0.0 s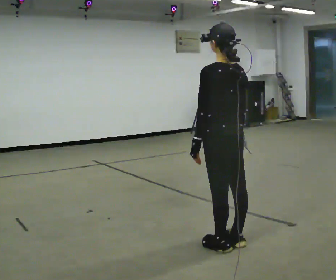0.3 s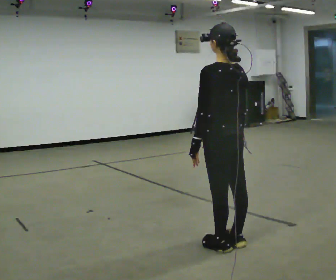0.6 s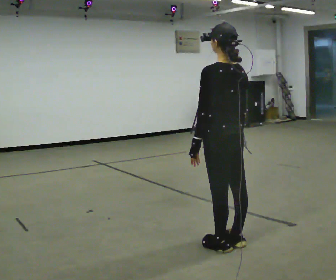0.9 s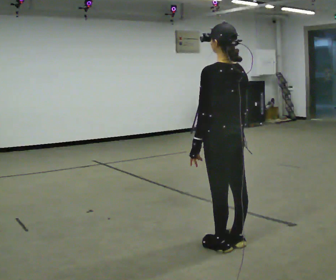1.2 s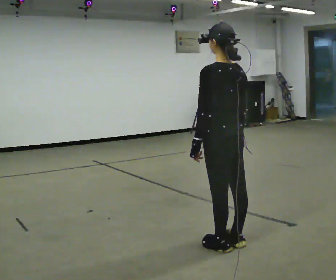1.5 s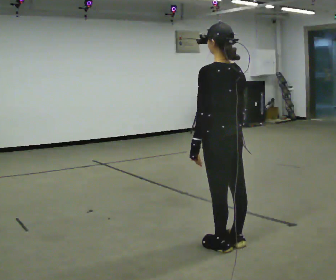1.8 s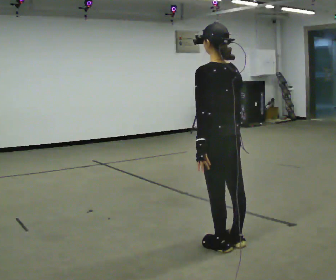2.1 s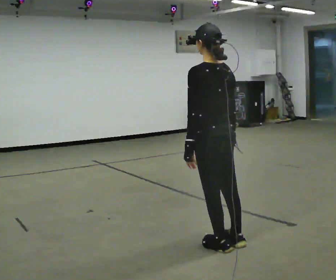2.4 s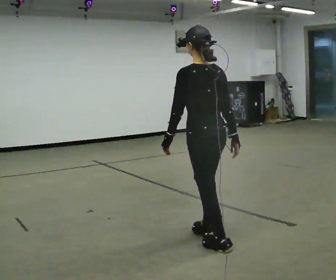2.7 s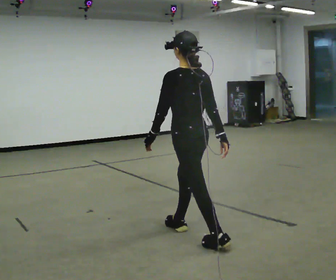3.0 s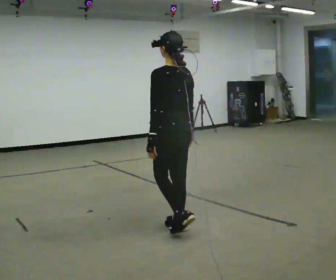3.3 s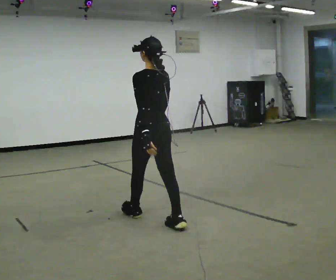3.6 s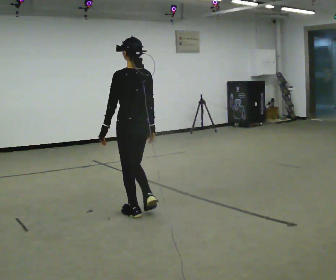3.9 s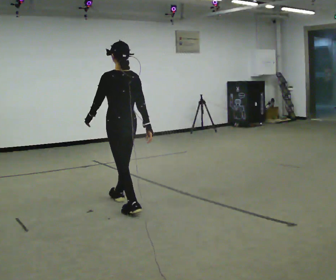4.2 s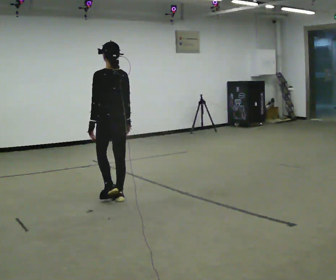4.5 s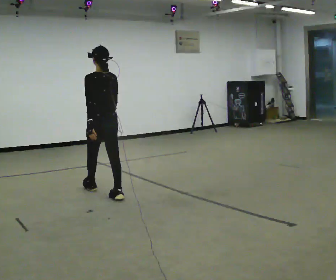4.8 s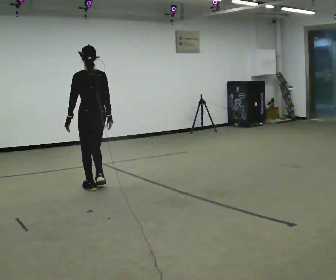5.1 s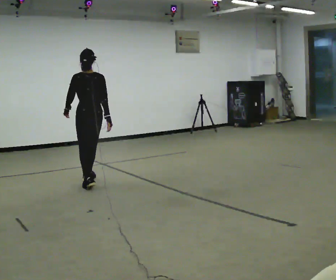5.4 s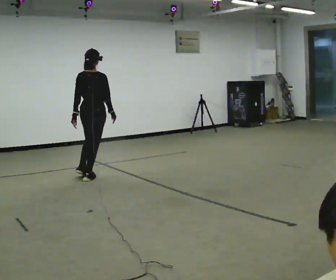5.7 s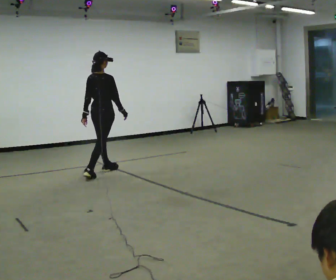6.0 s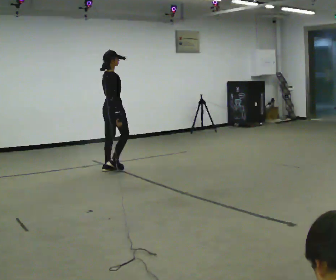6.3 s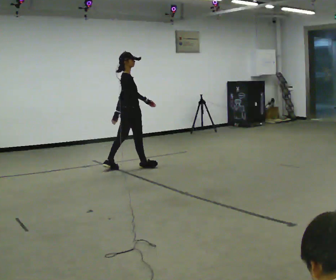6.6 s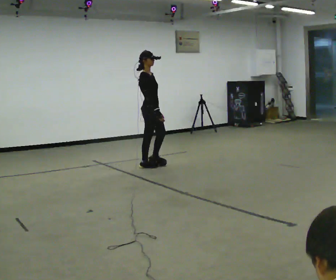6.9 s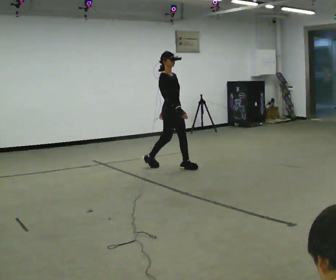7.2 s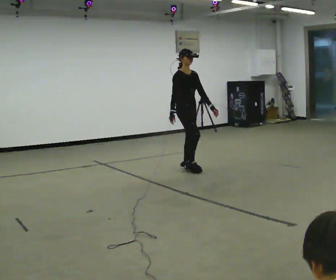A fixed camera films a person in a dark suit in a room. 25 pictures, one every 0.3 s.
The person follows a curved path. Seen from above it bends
clockwise.
The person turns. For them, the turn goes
to their right.
0.0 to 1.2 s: The person keeps their place and pose.
1.2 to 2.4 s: The person moves a little, or ends about where they began.
2.4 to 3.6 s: In the picture they go away from the camera and to the left, about 1 m in 2 steps, which for them is forward.
3.6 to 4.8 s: In the picture they go away from the camera and to the left, about 1 m in 2 steps, which for them is forward.
4.8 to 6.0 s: Seen from above the body turns clockwise, about 75 degrees: to their right, with its near side sliding to the left. In the picture they go away from the camera, about 1 m in 2 steps.
6.0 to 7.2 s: The part of the body nearest the lens slides to the left as the person turns to their right by about 75 degrees. In the picture they go to the right, about 1 m in 2 steps.
The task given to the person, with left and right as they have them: Walk straight; turn around and walk back; use wide or tight turn.
The film runs forward here.
